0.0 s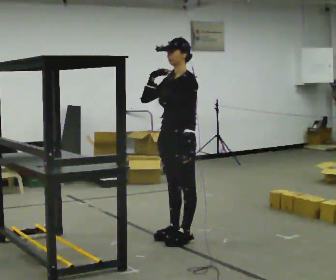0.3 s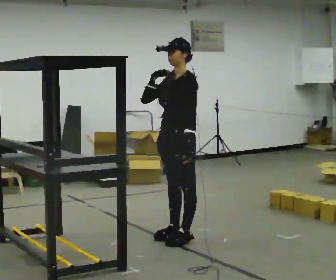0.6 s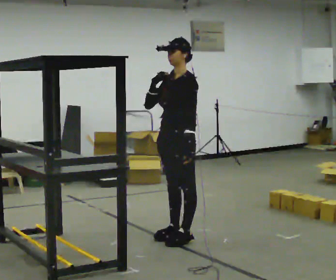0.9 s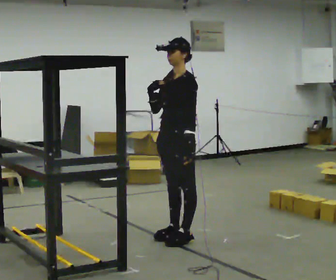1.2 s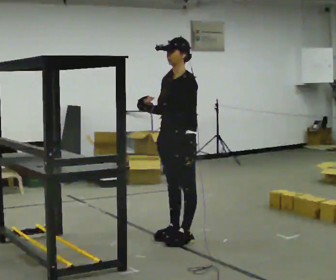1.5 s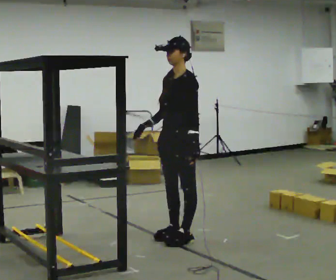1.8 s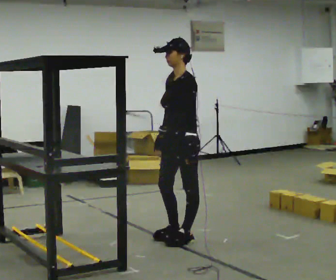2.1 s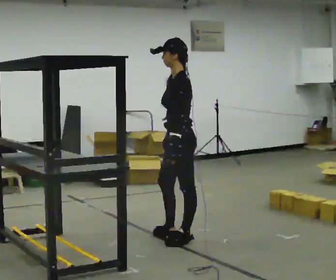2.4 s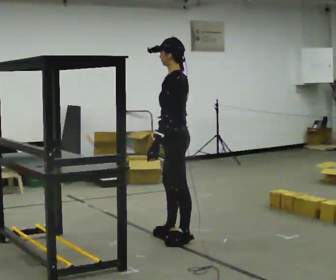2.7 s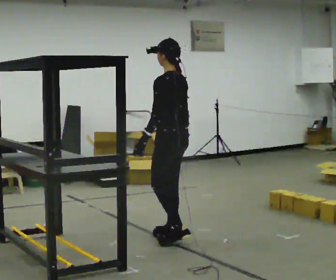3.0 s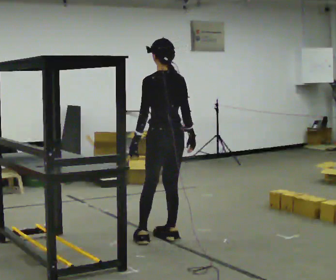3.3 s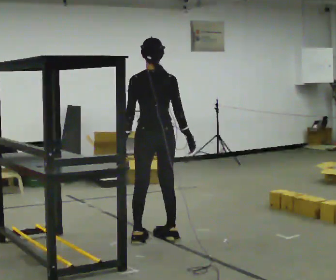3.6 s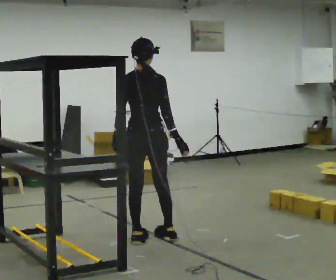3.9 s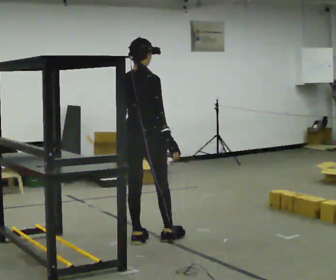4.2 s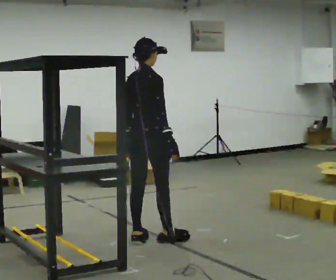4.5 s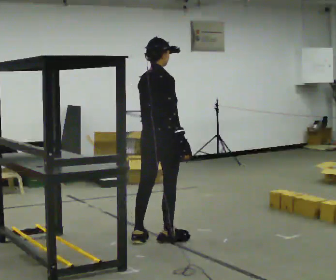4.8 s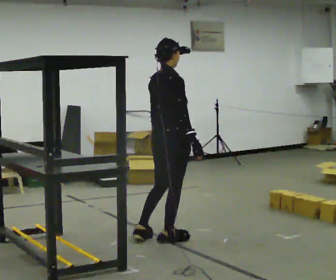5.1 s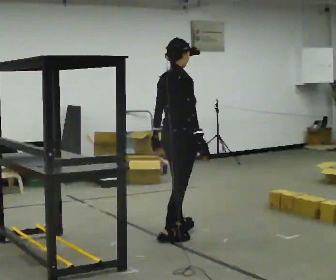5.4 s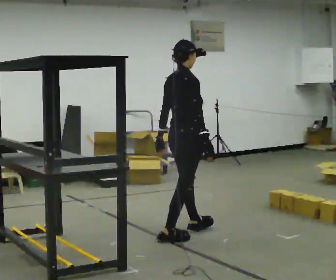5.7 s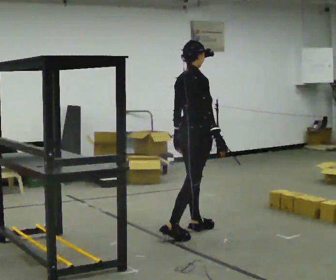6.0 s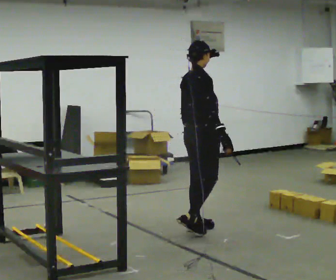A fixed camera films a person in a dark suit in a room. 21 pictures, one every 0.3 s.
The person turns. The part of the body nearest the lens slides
to the left.
The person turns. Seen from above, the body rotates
clockwise.
0.0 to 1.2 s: The person moves a little, or ends about where they began.
1.2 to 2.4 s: The person turns about 45 degrees to their right, clockwise seen from above, so the part of the body nearest the lens slides to the left. In the picture their right hand goes to the right, the arm swinging counterclockwise.
2.4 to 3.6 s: The part of the body nearest the lens slides to the left as the person turns to their right by about 90 degrees. In the picture they go to the left, about 0.25 m in 1 step.
3.6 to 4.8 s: Seen from above the body turns clockwise, about 30 degrees: to their right, with its near side sliding to the left. In the picture they go to the right, about 0.25 m, which for them is forward. In the picture their left hand goes to the right.
4.8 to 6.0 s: In the picture they go away from the camera and to the right, about 0.5 m in 1 step, which for them is forward and to their left.
The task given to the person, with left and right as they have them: Pick an object up off the floor at one end of the room, carry it across, and place it on the waist-height shelf at the other end. Keep going until the operator says stop; one object at a time, and do not rush between trips.
The film runs forward here.
